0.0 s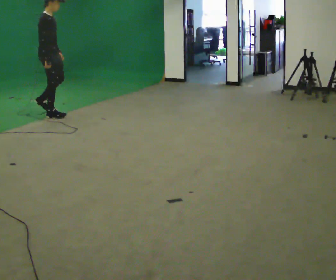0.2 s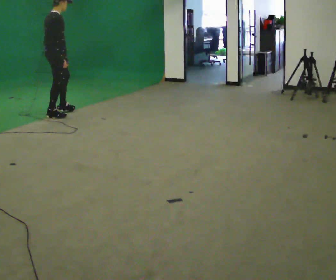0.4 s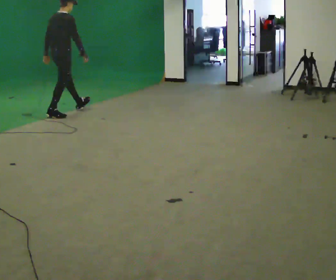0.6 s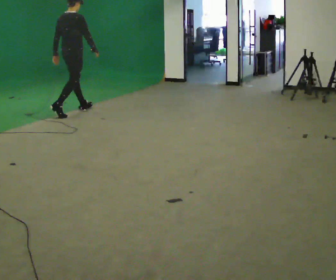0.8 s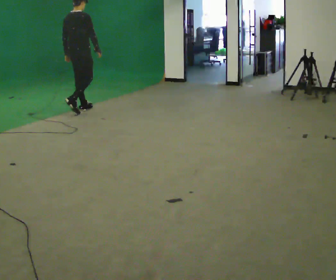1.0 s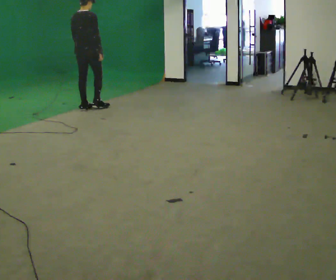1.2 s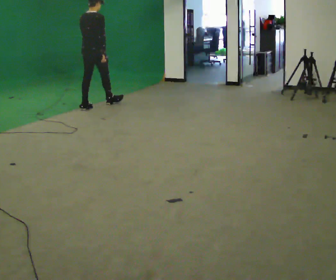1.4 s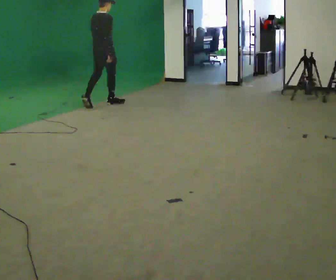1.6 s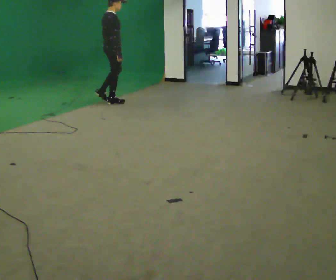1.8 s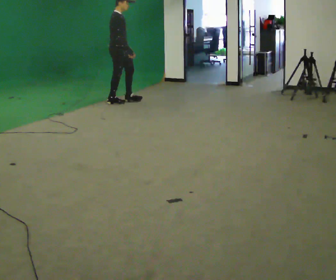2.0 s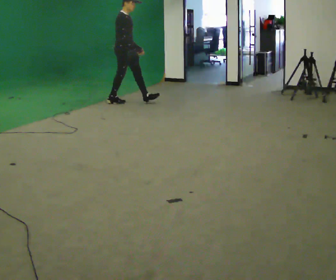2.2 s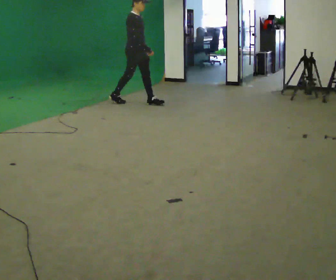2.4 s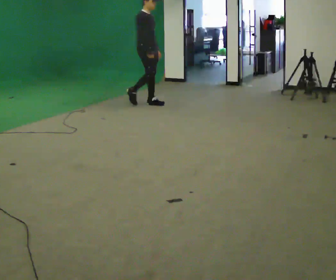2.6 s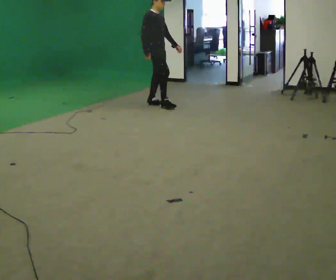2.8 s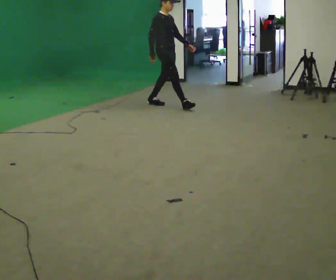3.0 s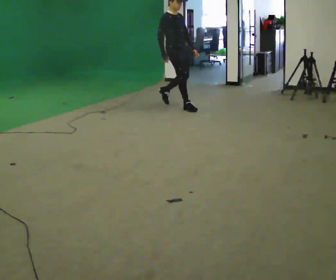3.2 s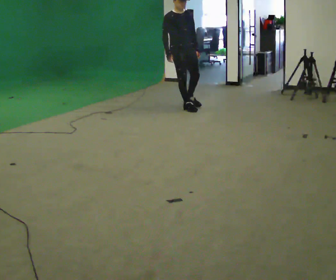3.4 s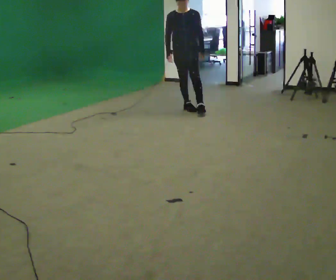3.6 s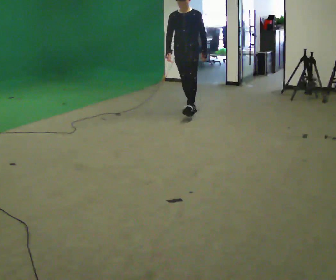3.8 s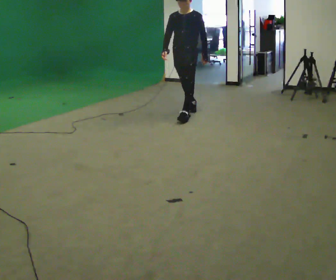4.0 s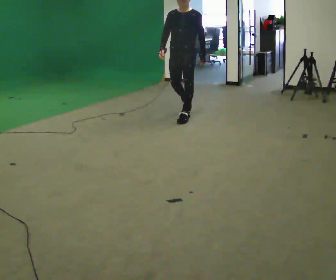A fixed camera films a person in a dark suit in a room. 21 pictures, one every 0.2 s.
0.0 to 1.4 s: The person turns about 45 degrees to their left, counterclockwise seen from above, so the part of the body nearest the lens slides to the right. In the picture they go to the right and away from the camera, about 1 m in 2 steps, which for them is forward.
1.4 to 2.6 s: Seen from above the body turns clockwise, about 75 degrees: to their right, with its near side sliding to the left. In the picture they go to the right, about 1 m in 1 step.
2.6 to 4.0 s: Seen from above the body turns clockwise, about 90 degrees: to their right, with its near side sliding to the left. In the picture they go toward the camera, about 1 m in 2 steps.
The film runs forward here.
